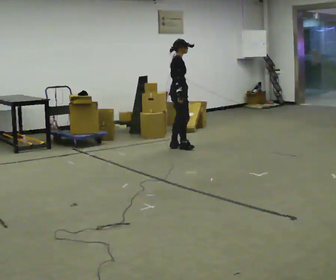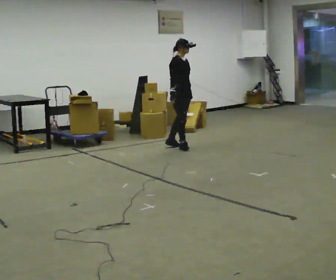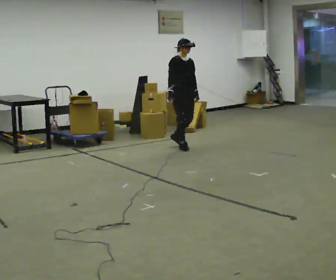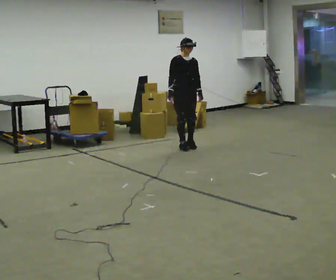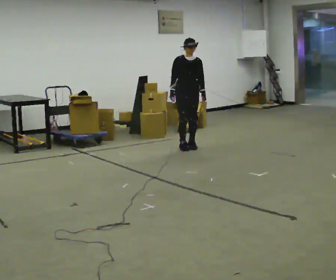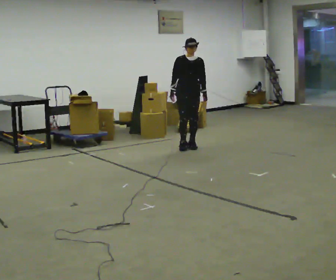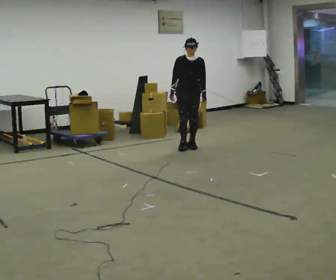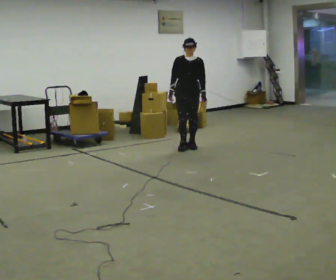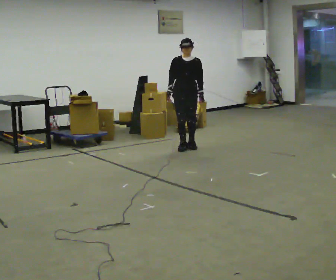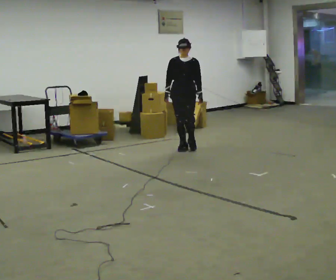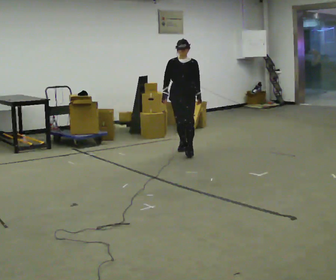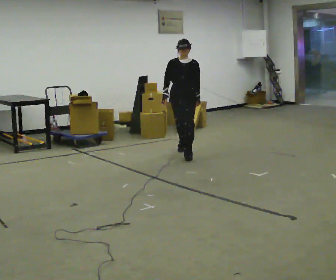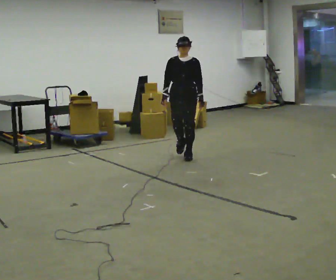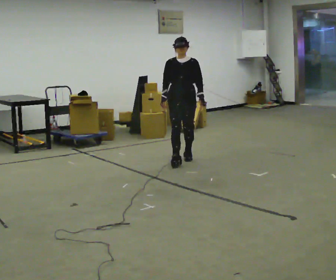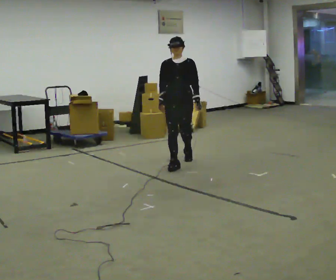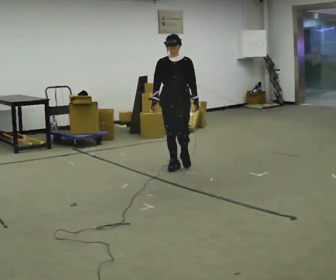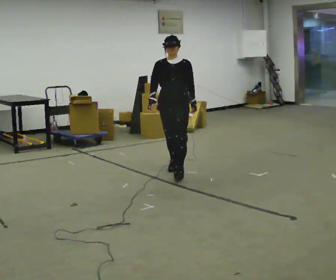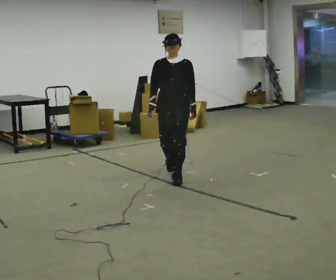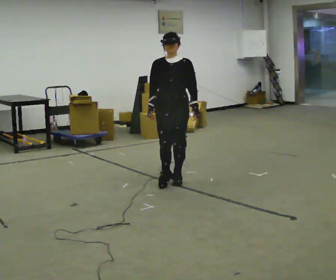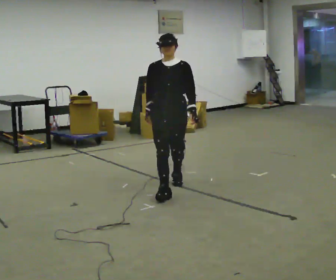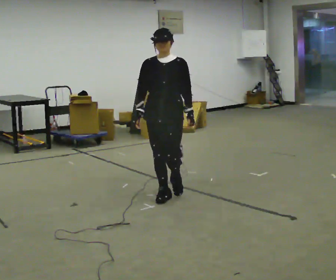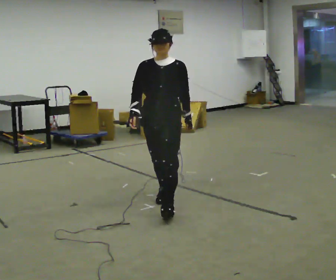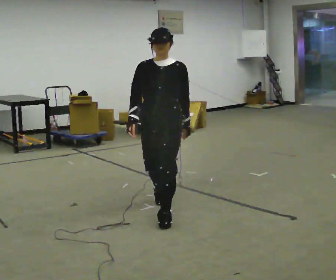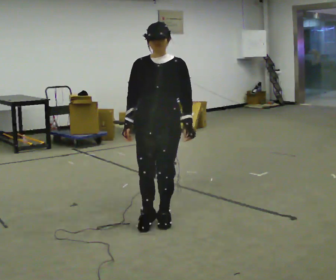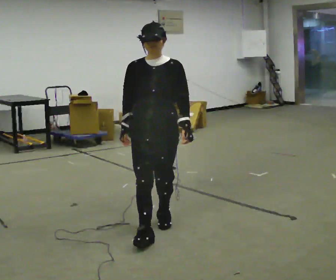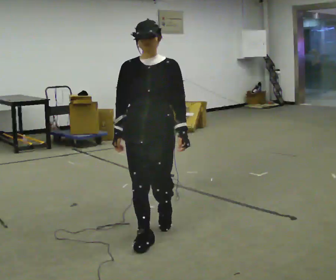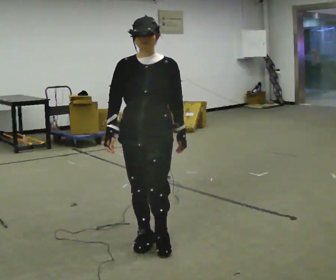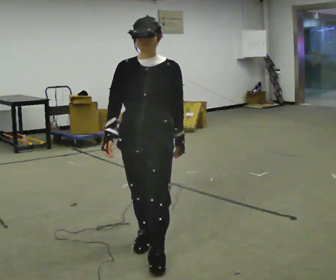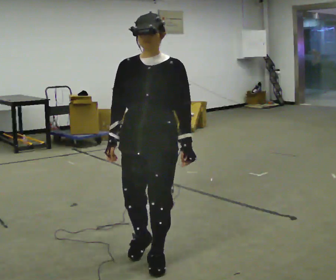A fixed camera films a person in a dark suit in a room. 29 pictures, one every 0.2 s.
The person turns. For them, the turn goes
to their right.
The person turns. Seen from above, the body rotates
clockwise.
0.0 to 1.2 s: Seen from above the body turns clockwise, about 90 degrees: to their right, with its near side sliding to the left. In the picture they go to the right, about 0.25 m in 1 step.
1.2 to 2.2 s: In the picture they go toward the camera, about 0.5 m in 1 step, which for them is forward.
2.2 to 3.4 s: In the picture they go toward the camera, about 1 m in 2 steps, which for them is forward.
3.4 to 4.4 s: In the picture they go toward the camera, about 1 m in 2 steps, which for them is forward.
4.4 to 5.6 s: In the picture they go toward the camera, about 1 m in 2 steps, which for them is forward.
The film runs forward here.
